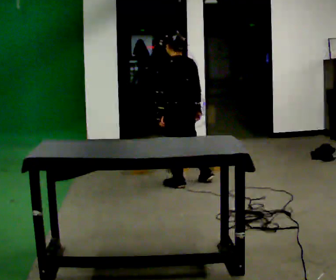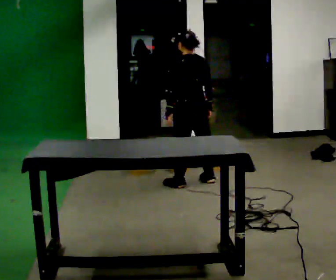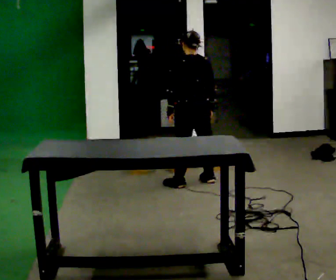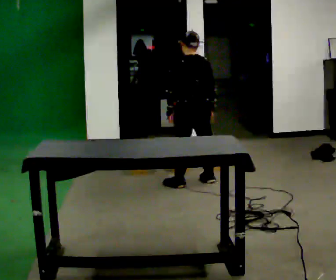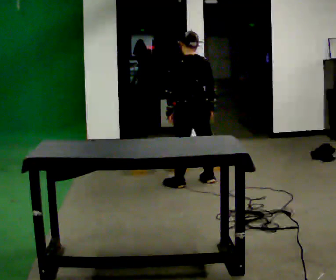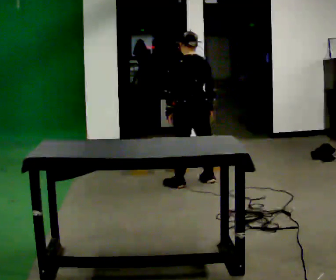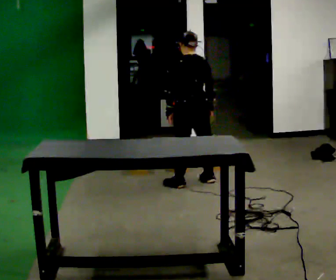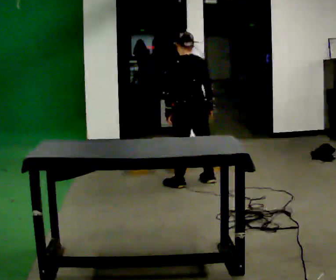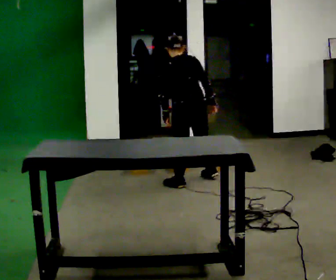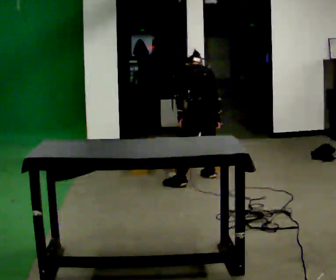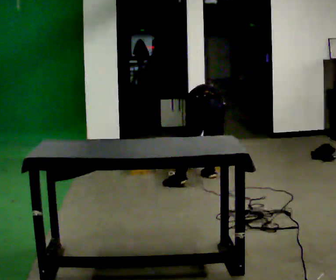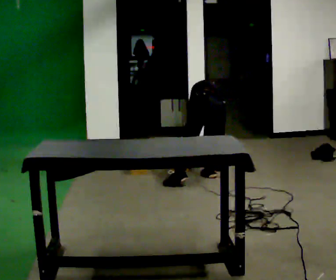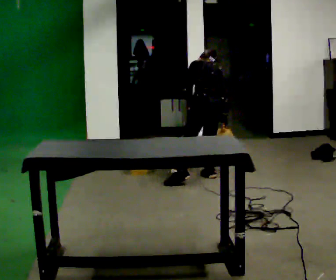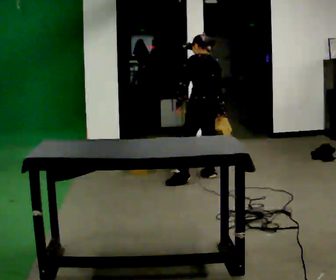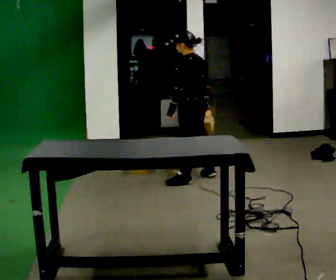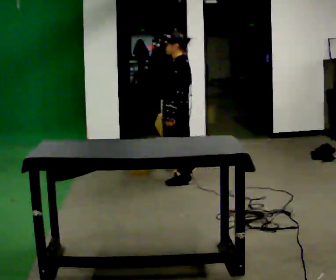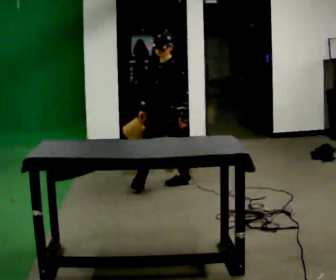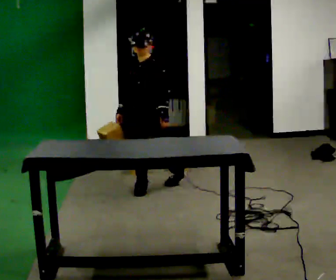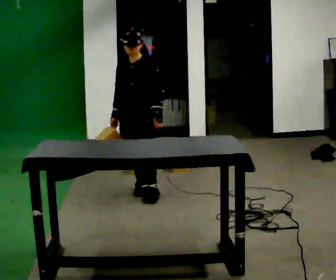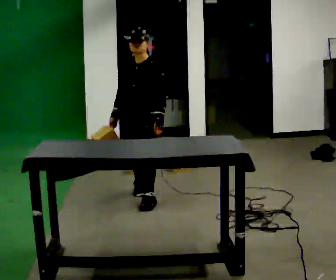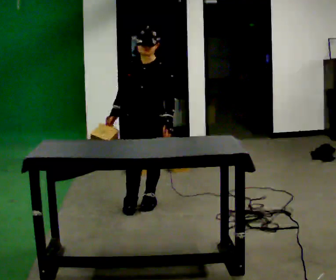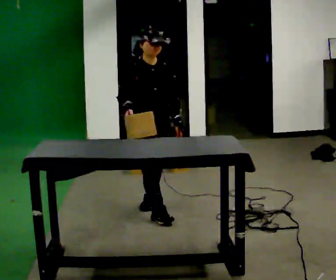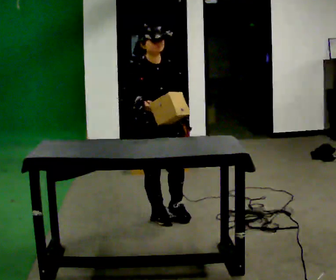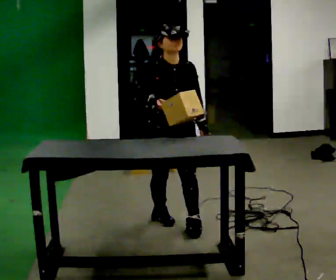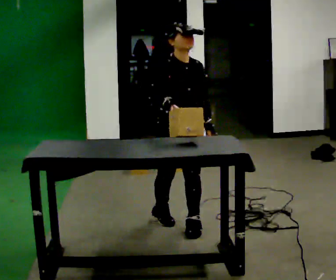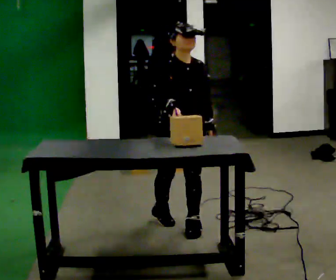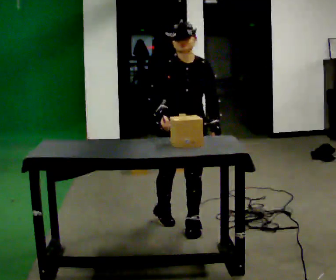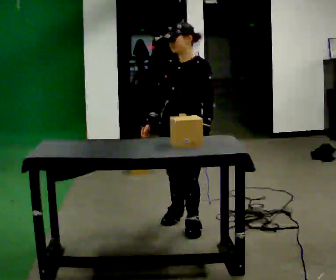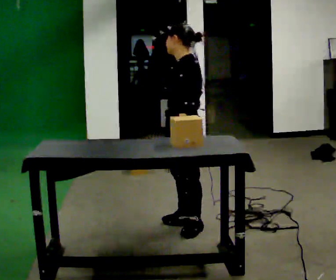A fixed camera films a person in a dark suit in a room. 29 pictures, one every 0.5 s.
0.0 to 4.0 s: The person moves a little, or ends about where they began.
4.0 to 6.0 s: In the picture they go to the right and away from the camera, about 0.25 m in 1 step, which for them is to their right.
6.0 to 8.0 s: The part of the body nearest the lens slides to the right as the person turns to their left by about 120 degrees. In the picture they go to the left and toward the camera, about 0.5 m. The upper body tips toward the camera, its near side rolling downward, as they lean back or straighten.
8.0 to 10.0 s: The part of the body nearest the lens slides to the right as the person turns to their left by about 30 degrees. In the picture they go toward the camera, about 0.75 m in 2 steps, which for them is forward.
10.0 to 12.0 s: Seen from above the body turns counterclockwise, about 30 degrees: to their left, with its near side sliding to the right. In the picture they go toward the camera and to the right, about 0.75 m in 2 steps, which for them is forward.
12.0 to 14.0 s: Seen from above the body turns clockwise, about 105 degrees: to their right, with its near side sliding to the left.
The film runs forward here.
